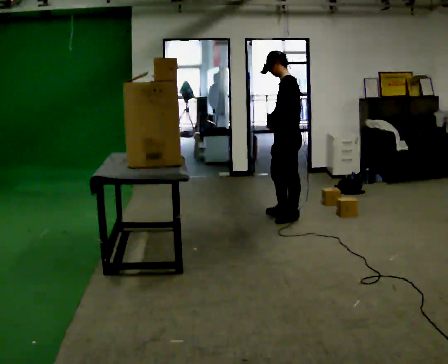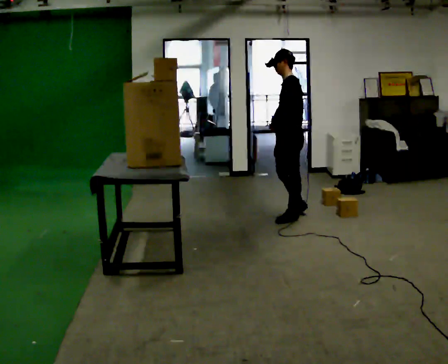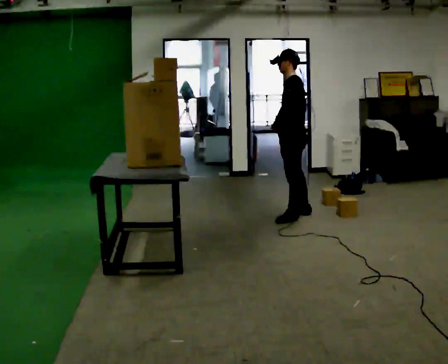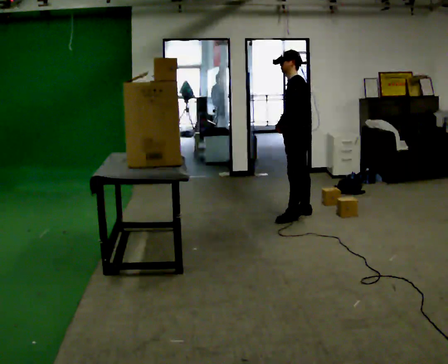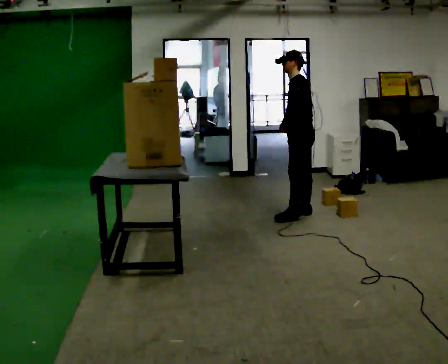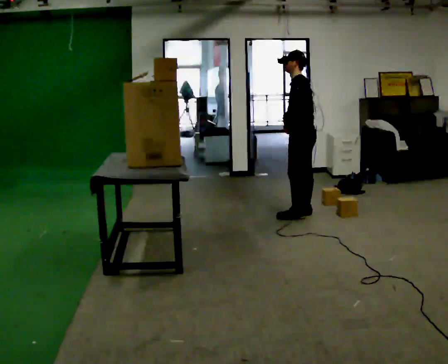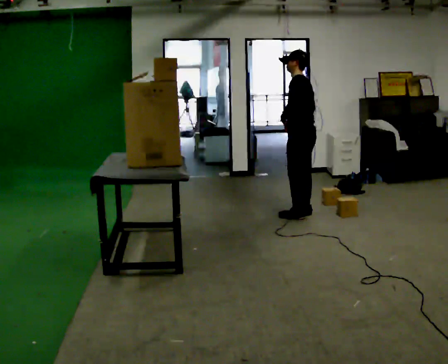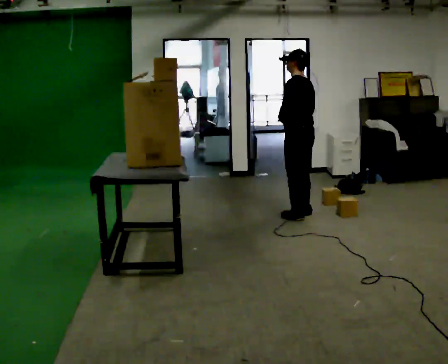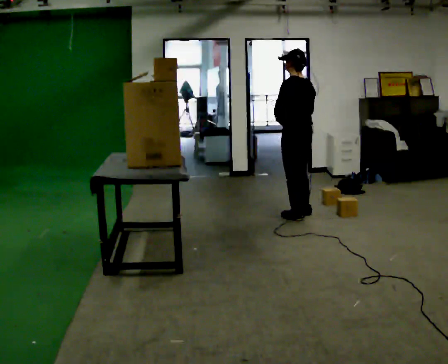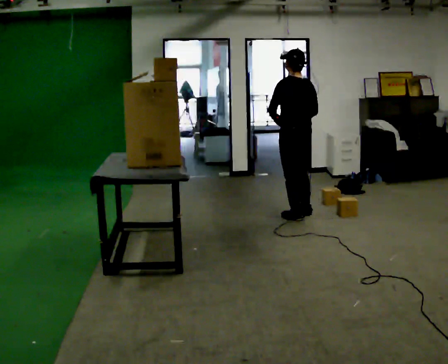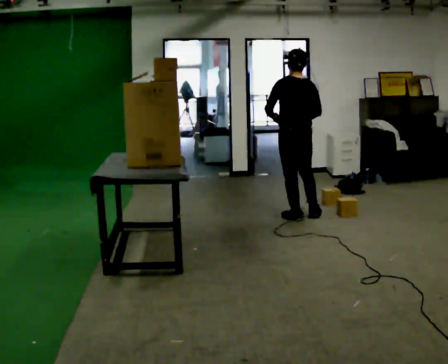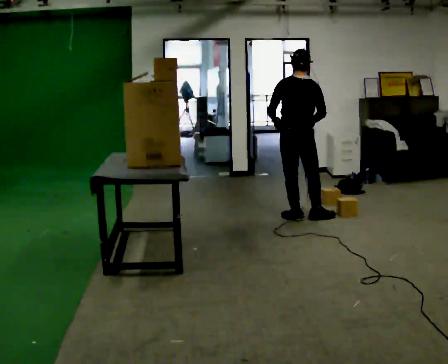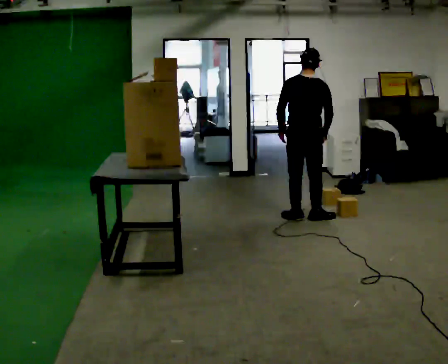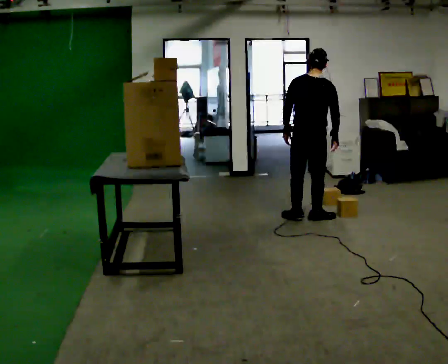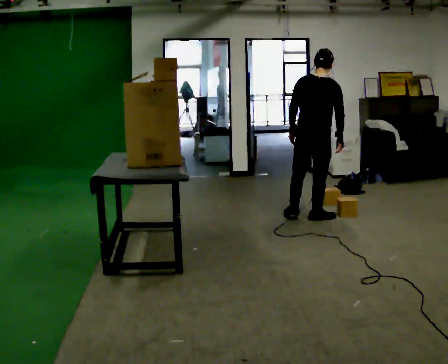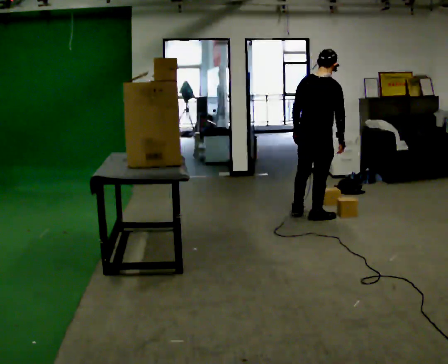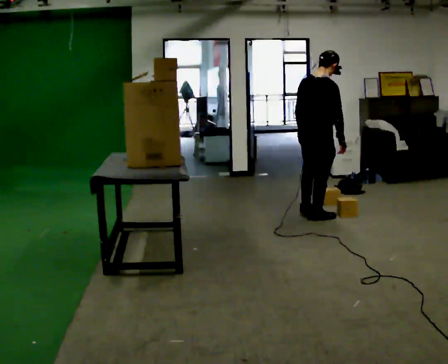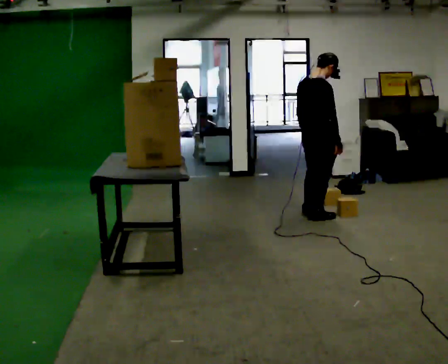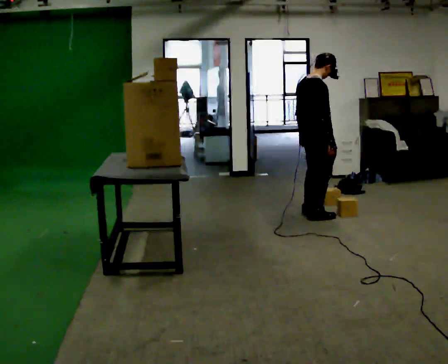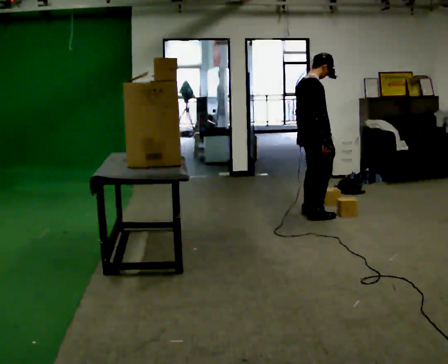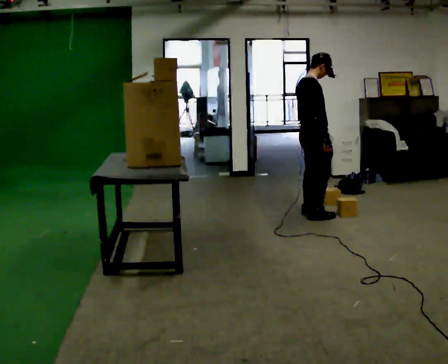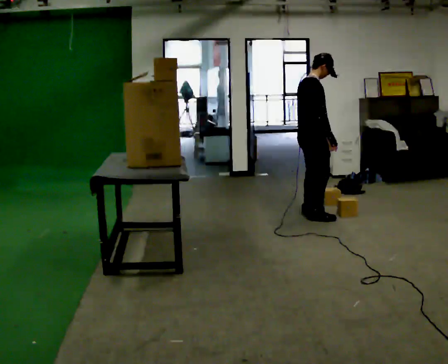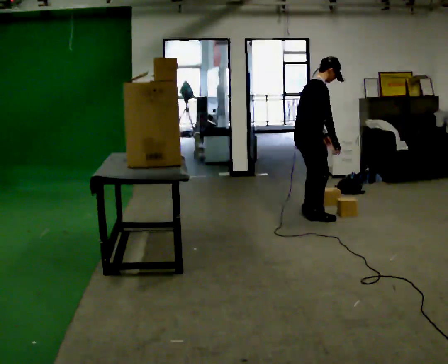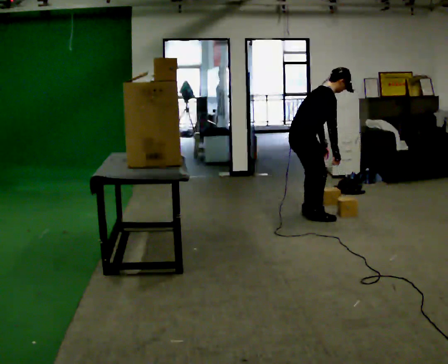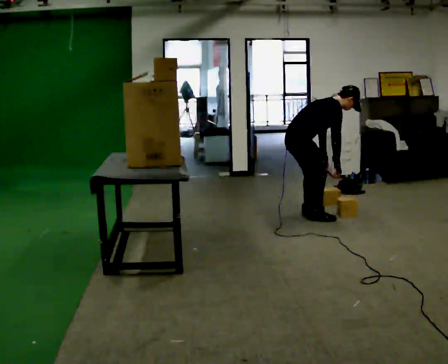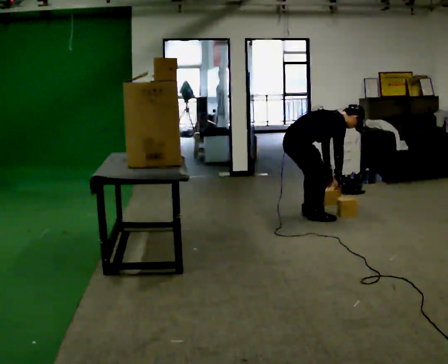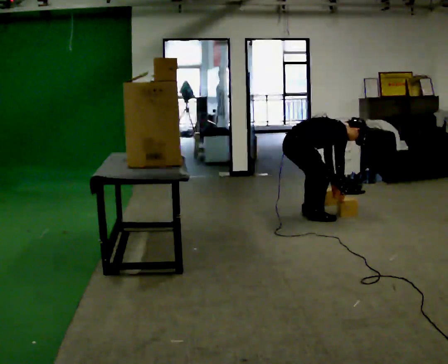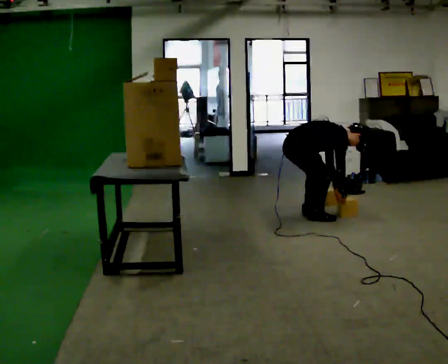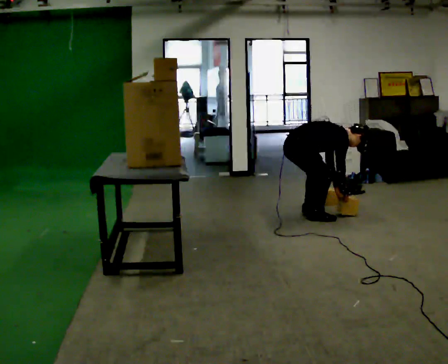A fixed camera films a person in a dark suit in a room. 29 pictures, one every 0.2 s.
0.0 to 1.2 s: In the picture they go to the right, about 0.25 m, which for them is backward.
1.2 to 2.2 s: Seen from above the body turns clockwise, about 60 degrees: to their right, with its near side sliding to the left.
2.2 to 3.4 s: The part of the body nearest the lens slides to the left as the person turns to their right by about 60 degrees. In the picture they go to the right, about 0.25 m in 1 step, which for them is to their right. In the picture their right hand goes to the right.
3.4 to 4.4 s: The part of the body nearest the lens slides to the left as the person turns to their right by about 30 degrees.
4.4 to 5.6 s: The upper body goes downward. In the picture the upper body tilts clockwise, shoulders to the right, as they bend forward. In the picture their right hand goes downward.
The film runs backward here.
